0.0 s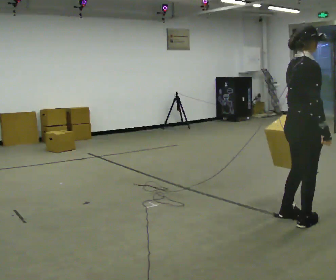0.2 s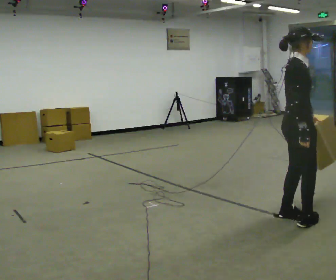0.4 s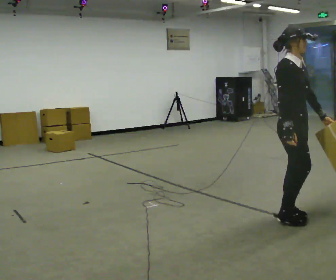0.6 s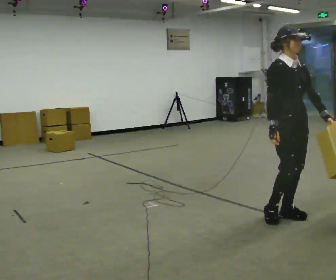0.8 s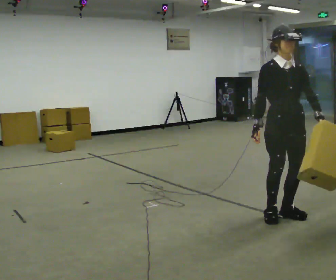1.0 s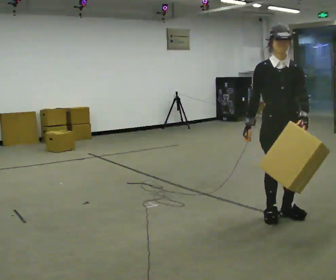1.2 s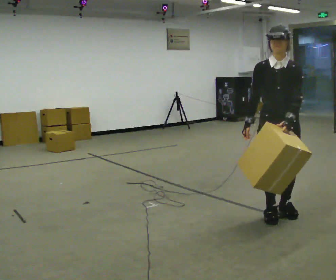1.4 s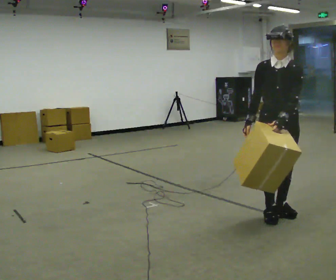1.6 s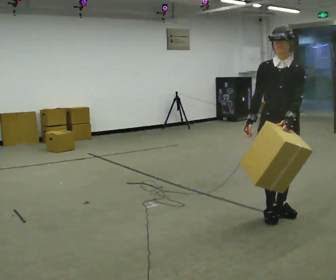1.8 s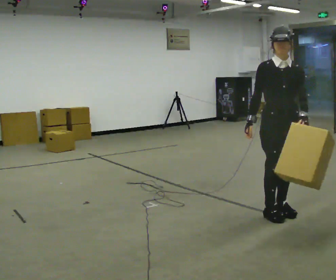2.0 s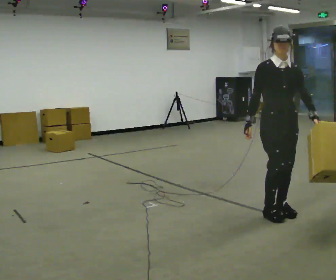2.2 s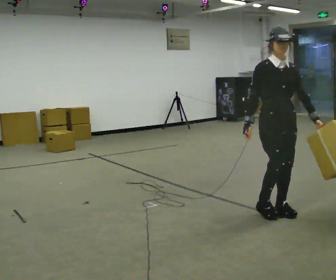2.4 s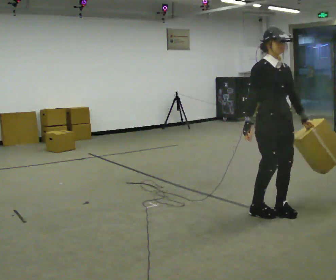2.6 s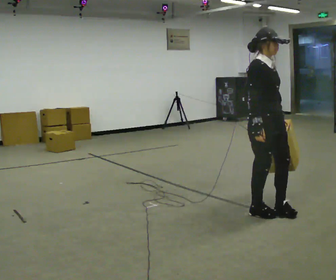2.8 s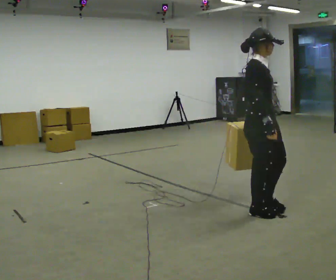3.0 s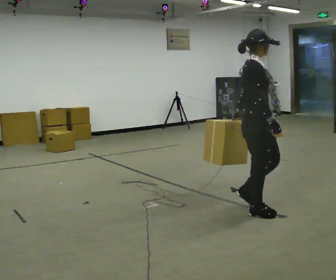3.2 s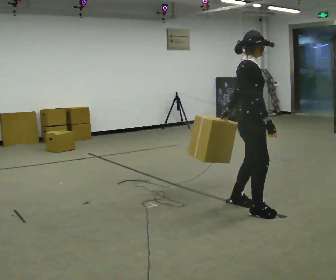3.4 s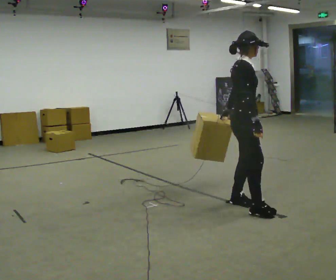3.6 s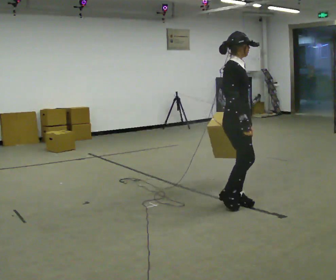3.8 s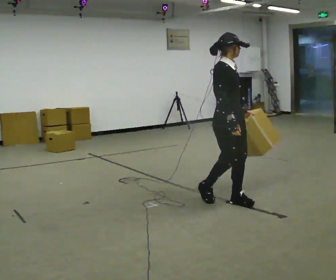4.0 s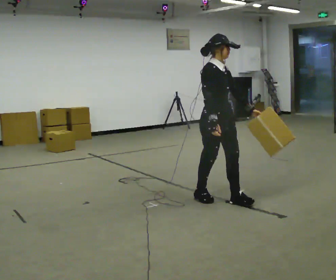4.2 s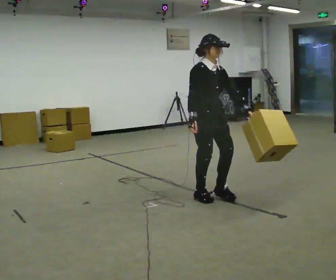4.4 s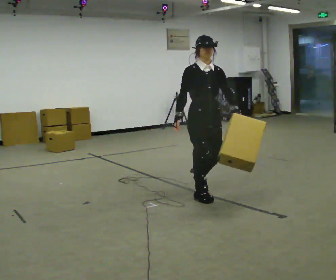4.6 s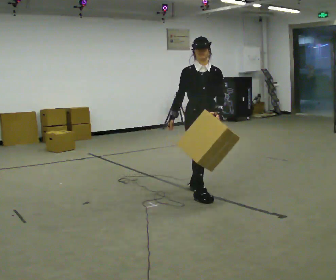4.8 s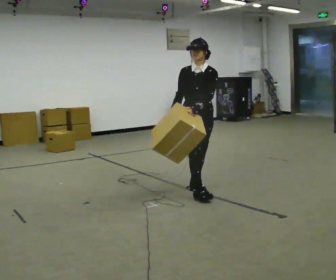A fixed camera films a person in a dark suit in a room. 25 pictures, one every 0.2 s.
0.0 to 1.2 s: The person turns about 105 degrees to their right, clockwise seen from above, so the part of the body nearest the lens slides to the left. In the picture they go to the left and away from the camera, about 0.25 m in 1 step.
1.2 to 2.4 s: The person turns about 30 degrees to their left, counterclockwise seen from above, so the part of the body nearest the lens slides to the right.
2.4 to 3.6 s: The part of the body nearest the lens slides to the right as the person turns to their left by about 30 degrees. In the picture they go to the left and away from the camera, about 0.5 m in 2 steps, which for them is backward and to their left.
3.6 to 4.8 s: The person turns about 60 degrees to their right, clockwise seen from above, so the part of the body nearest the lens slides to the left. In the picture they go to the left and away from the camera, about 0.5 m in 1 step, which for them is backward.
The film runs backward here.
